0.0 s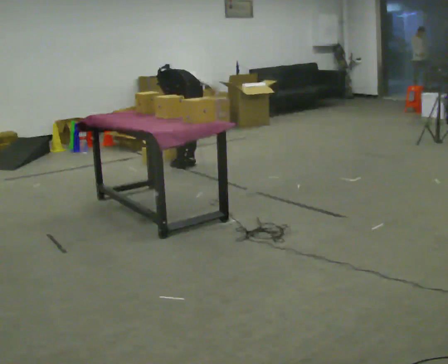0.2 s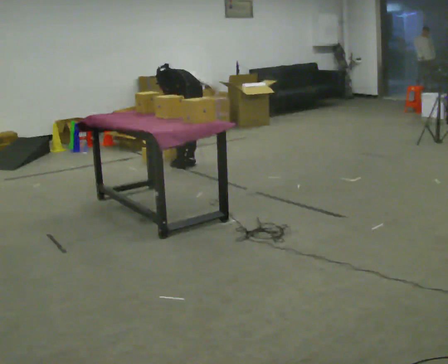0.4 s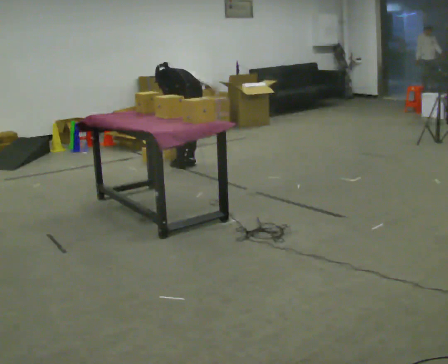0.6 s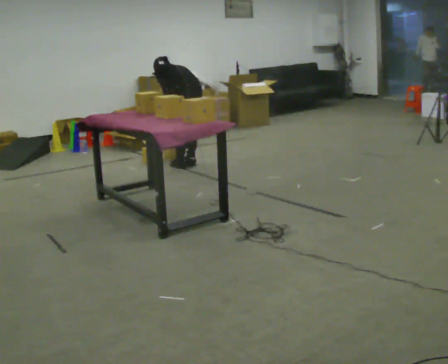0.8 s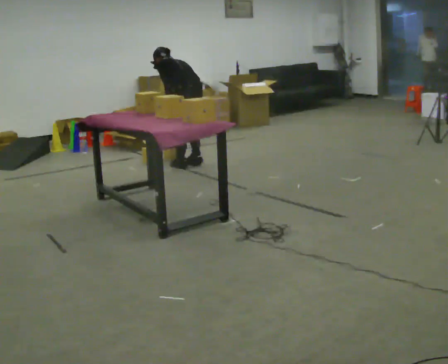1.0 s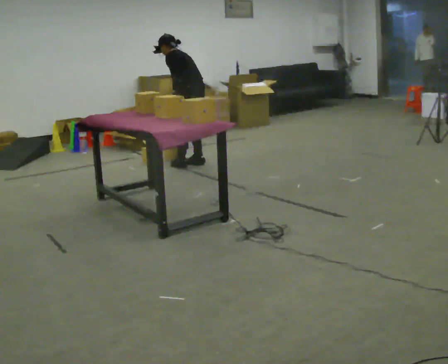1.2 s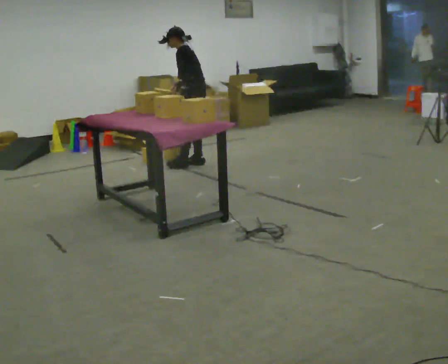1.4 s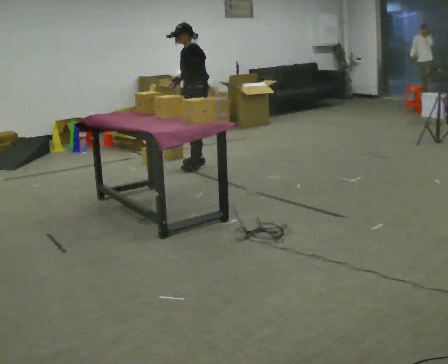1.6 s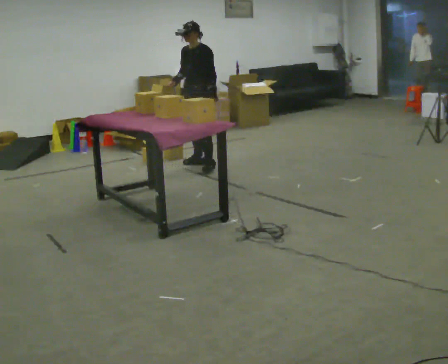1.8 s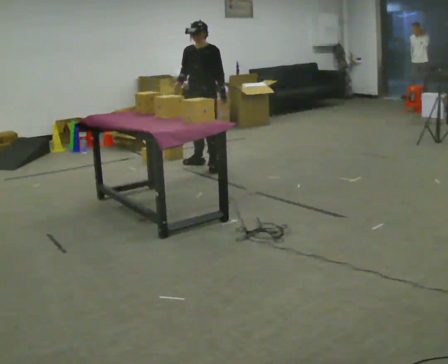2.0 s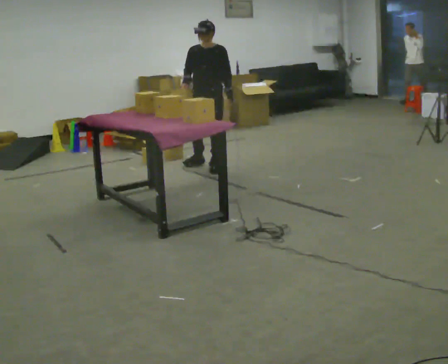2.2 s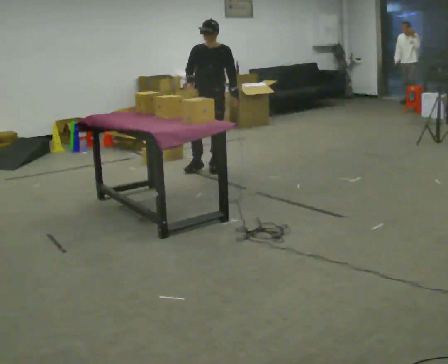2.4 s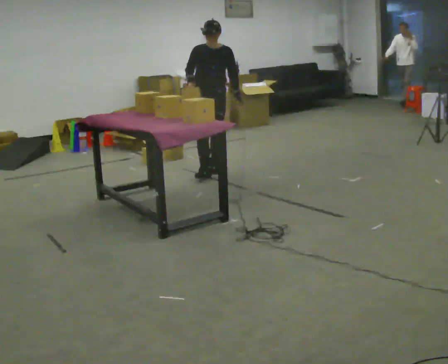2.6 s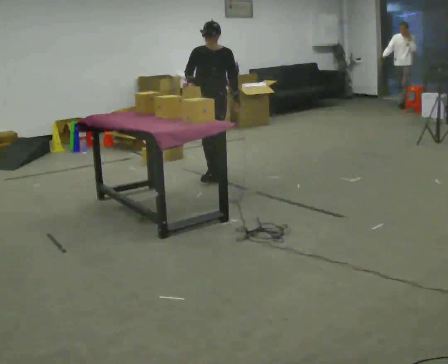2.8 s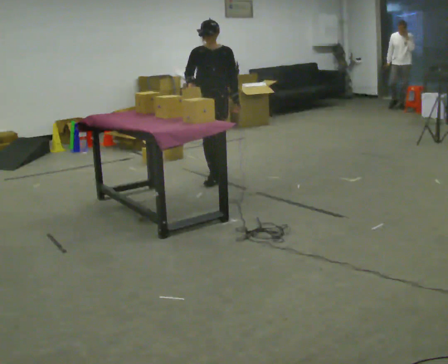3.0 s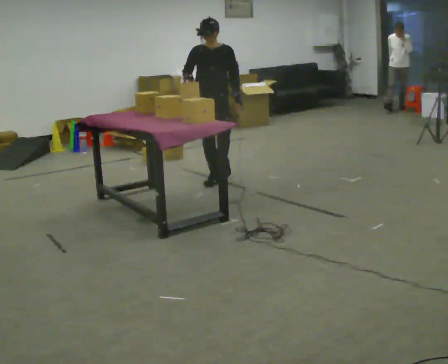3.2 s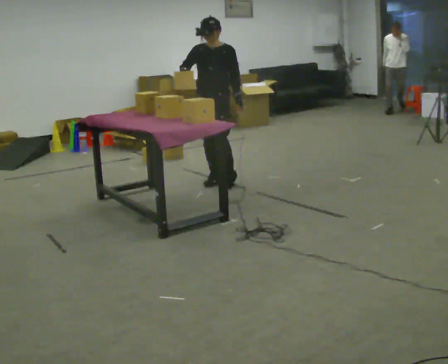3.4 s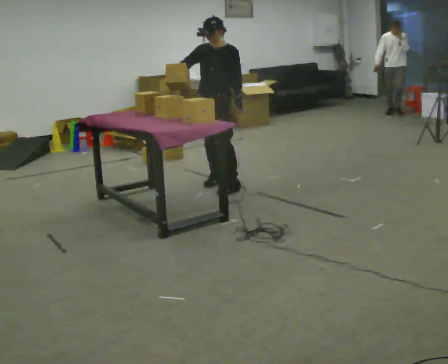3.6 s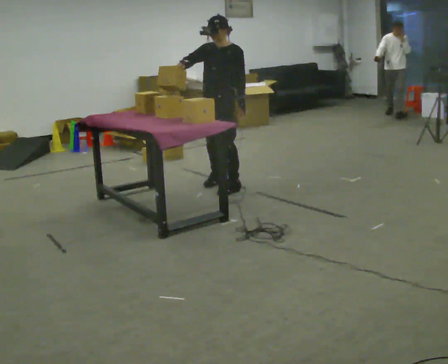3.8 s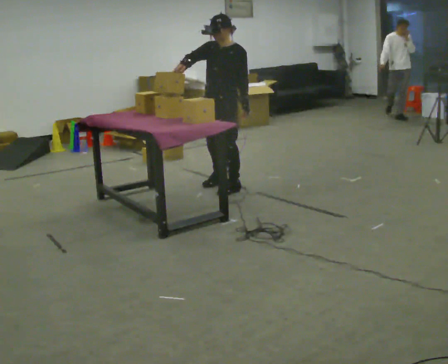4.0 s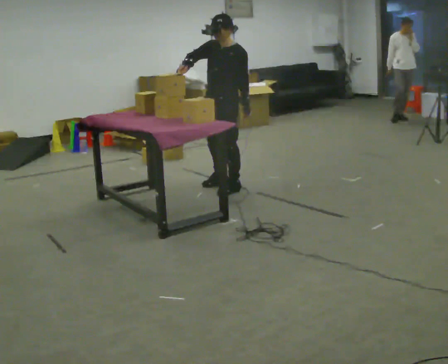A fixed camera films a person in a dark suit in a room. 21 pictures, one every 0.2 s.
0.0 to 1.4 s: Seen from above the body turns counterclockwise, about 75 degrees: to their left, with its near side sliding to the right. In the picture they go away from the camera, about 0.25 m. The shoulders move upward. The upper body tips toward the camera, its near side rolling downward, as they lean back or straighten. In the picture their right hand goes upward.
1.4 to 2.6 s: The person turns about 60 degrees to their left, counterclockwise seen from above, so the part of the body nearest the lens slides to the right. In the picture they go toward the camera, about 0.5 m in 1 step.
2.6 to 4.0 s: The person turns about 45 degrees to their right, clockwise seen from above, so the part of the body nearest the lens slides to the left. In the picture they go toward the camera, about 0.5 m in 2 steps, which for them is forward and to their left.
The film runs forward here.
